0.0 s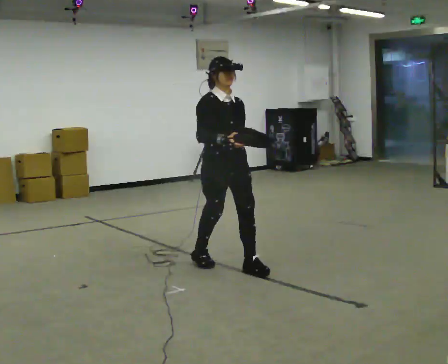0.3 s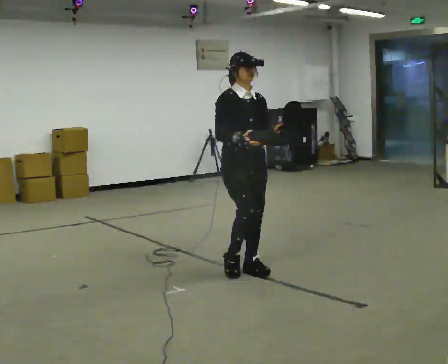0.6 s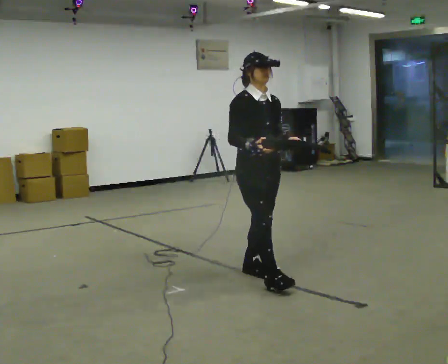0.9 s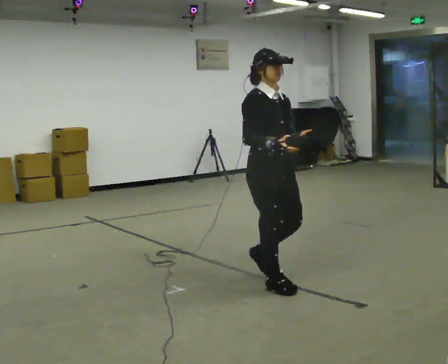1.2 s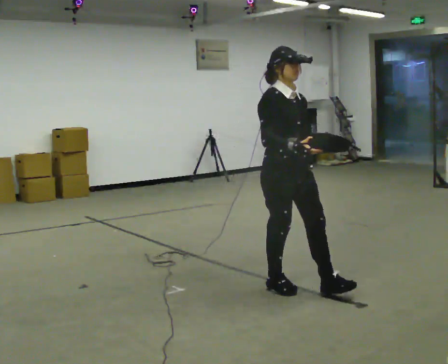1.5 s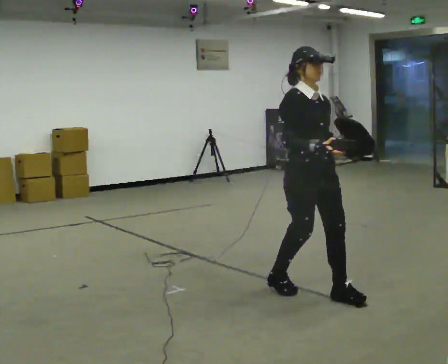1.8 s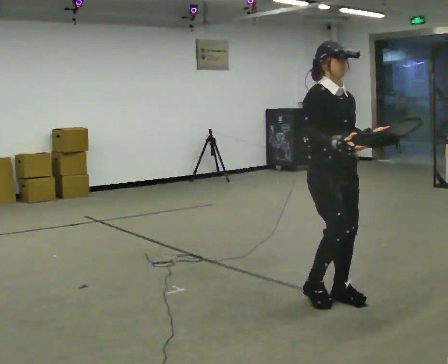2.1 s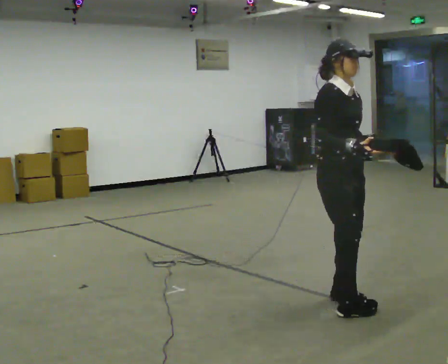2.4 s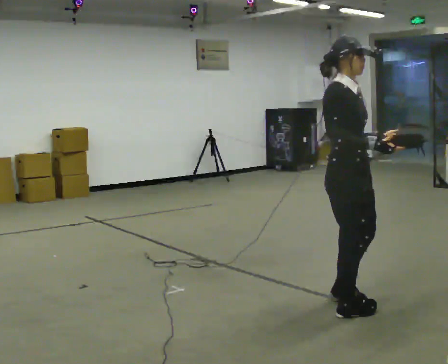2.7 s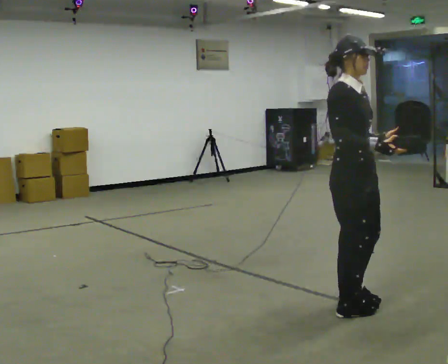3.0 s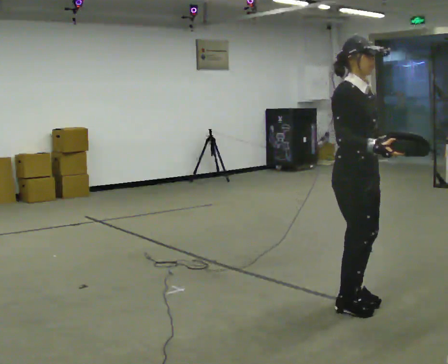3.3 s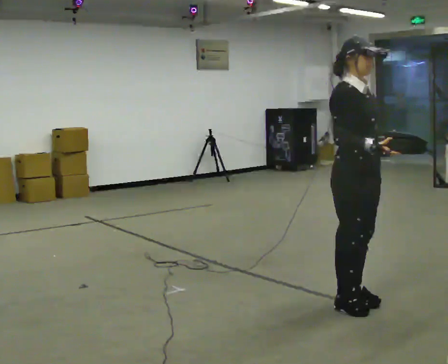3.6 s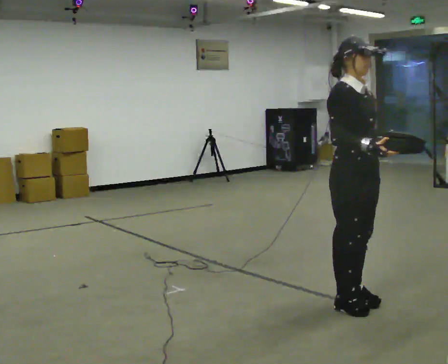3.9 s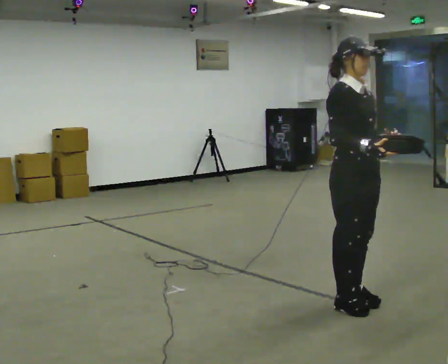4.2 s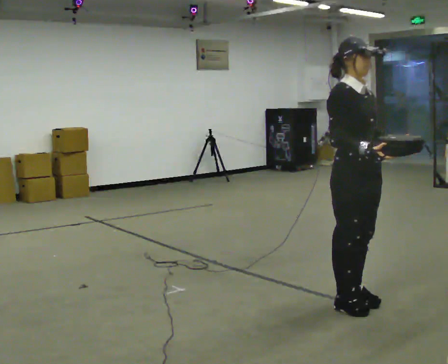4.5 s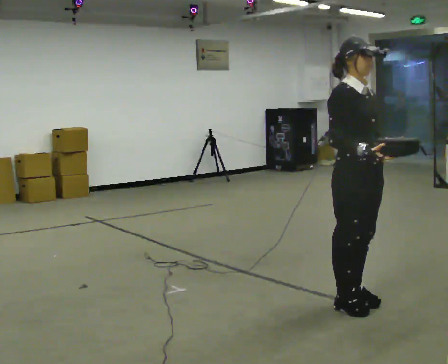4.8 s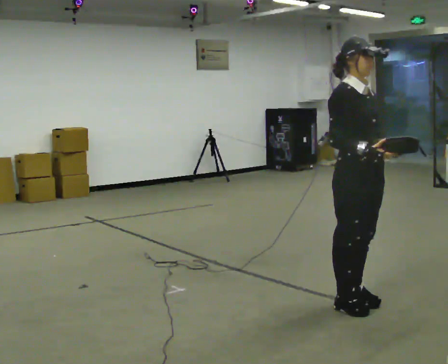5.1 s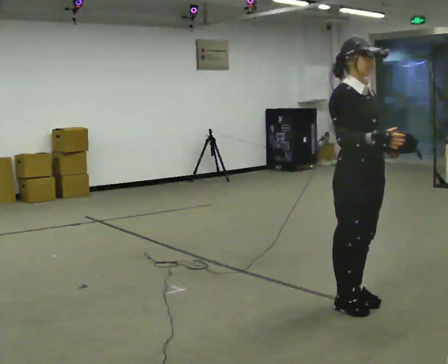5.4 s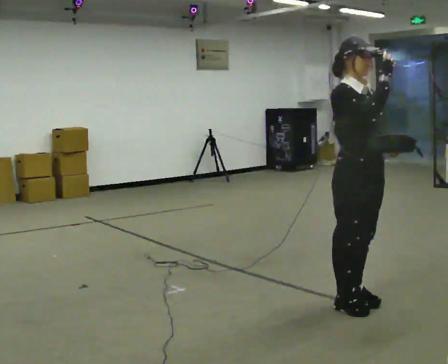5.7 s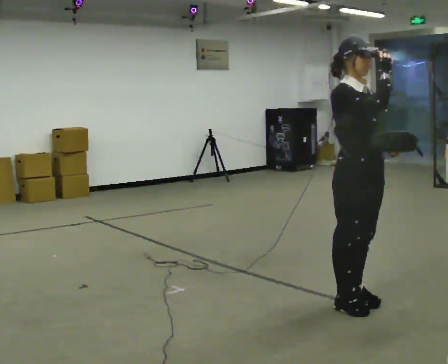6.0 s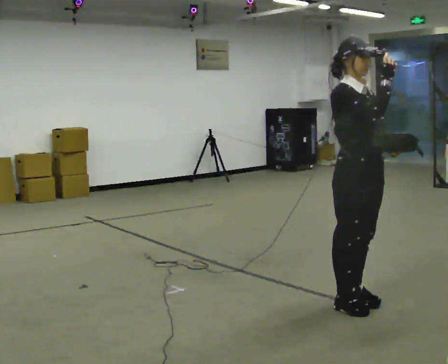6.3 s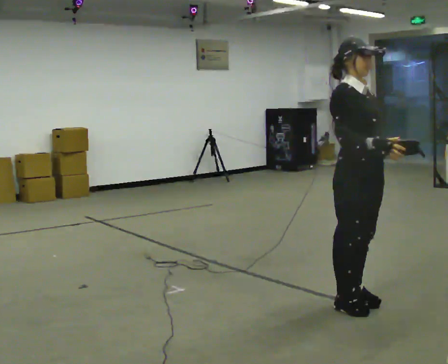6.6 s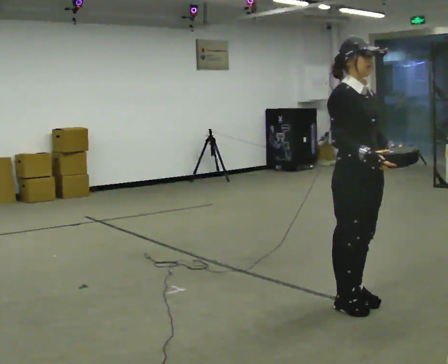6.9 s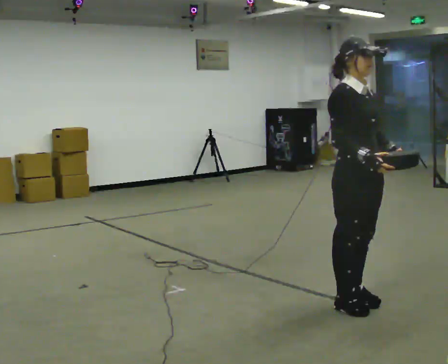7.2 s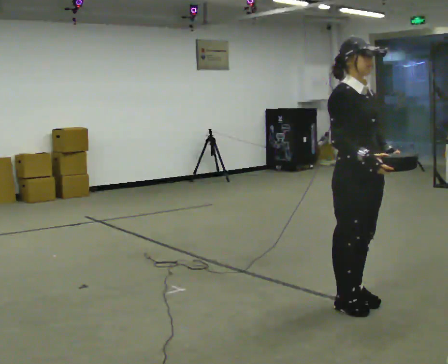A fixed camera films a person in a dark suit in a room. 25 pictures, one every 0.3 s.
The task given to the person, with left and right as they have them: Carry the object across the room. The lid hangs loose and will swing, so carry it however works. Keep going until the operator says stop; one object at a time, and do not rush between trips.
0.0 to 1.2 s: In the picture they go to the right and toward the camera, about 0.5 m in 1 step, which for them is forward.
1.2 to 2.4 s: In the picture they go to the right and toward the camera, about 0.5 m in 2 steps, which for them is forward.
2.4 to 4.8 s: The person moves a little, or ends about where they began.
4.8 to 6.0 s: In the picture their right hand goes upward.
6.0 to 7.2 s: In the picture their right hand goes downward.
The film runs forward here.
